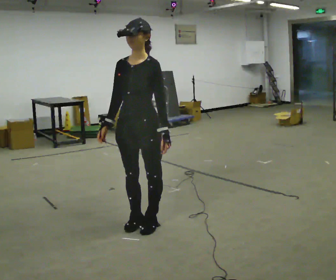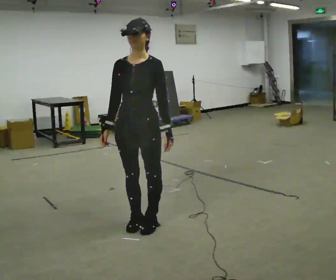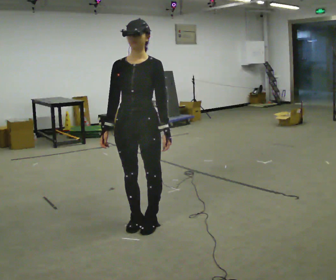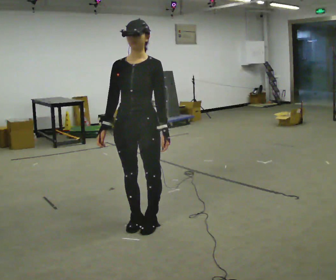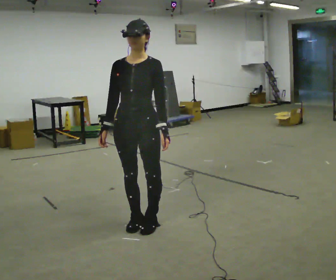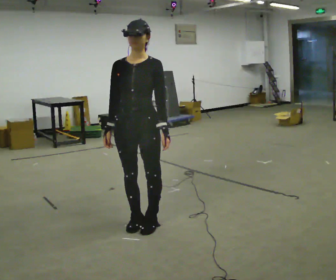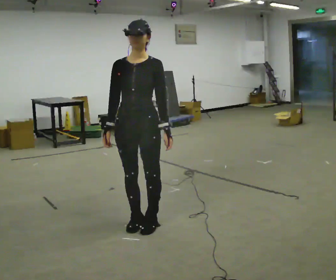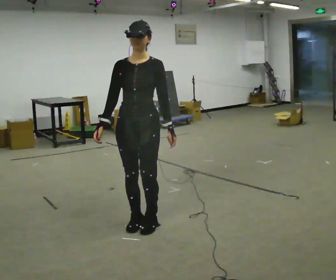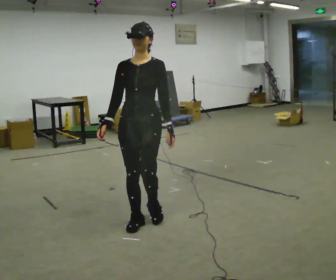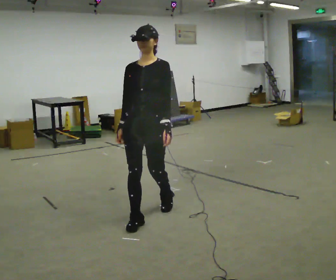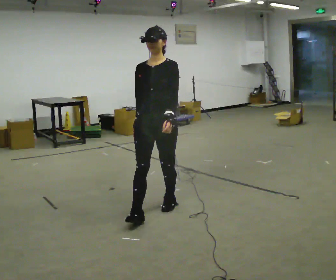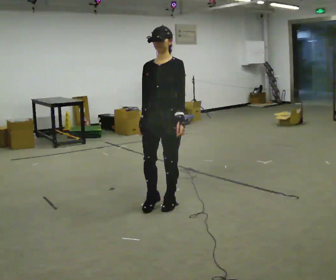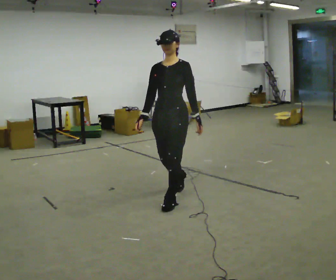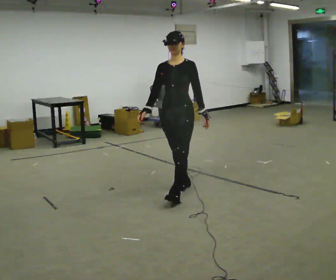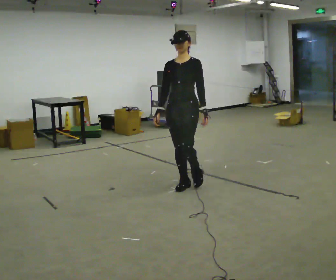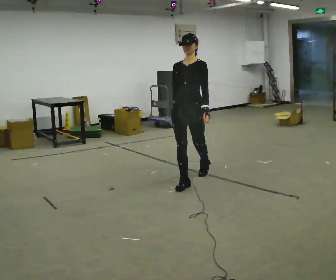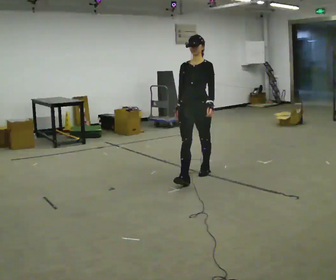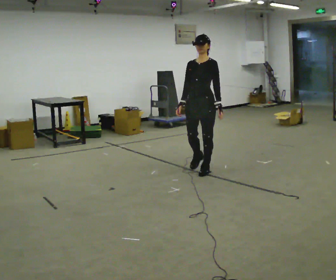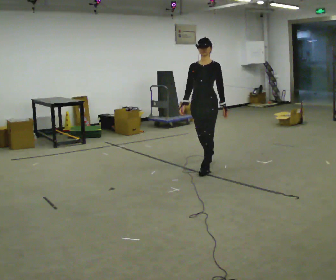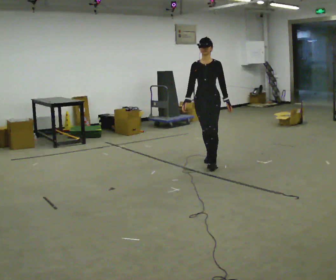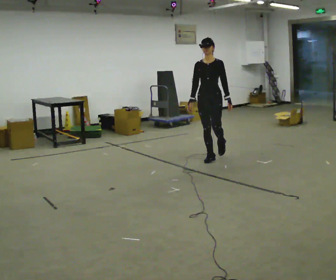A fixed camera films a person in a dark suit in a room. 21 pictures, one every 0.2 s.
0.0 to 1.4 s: Seen from above the body turns counterclockwise, about 30 degrees: to their left, with its near side sliding to the right.
1.4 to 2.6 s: In the picture they go away from the camera and to the right, about 1 m in 3 steps, which for them is backward.
2.6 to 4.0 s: In the picture they go away from the camera, about 1.5 m in 2 steps, which for them is backward.
The film runs backward here.
